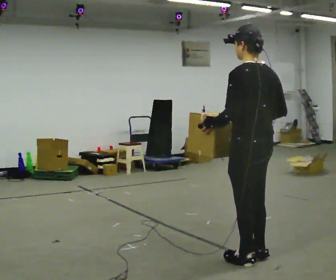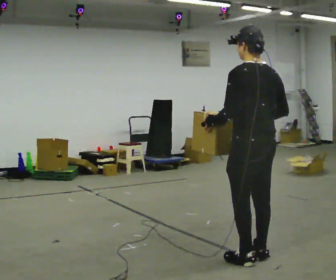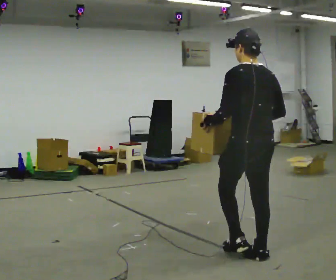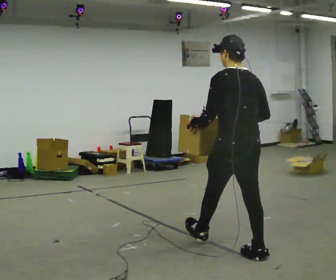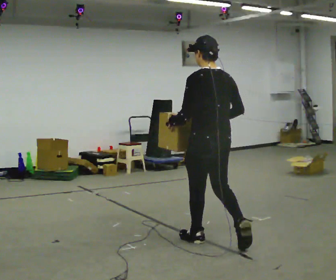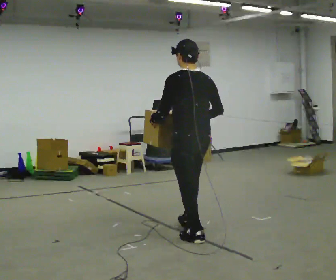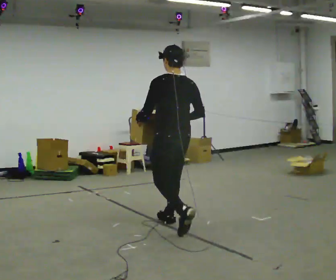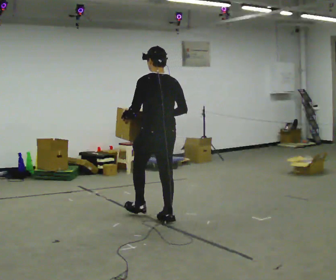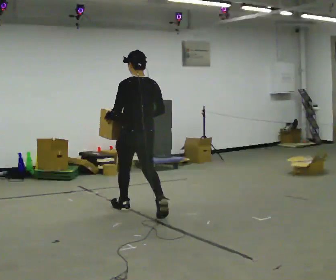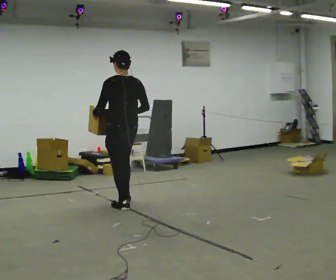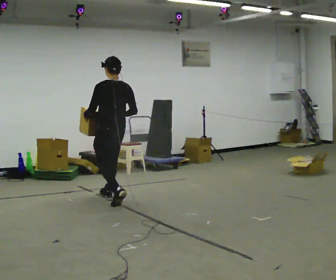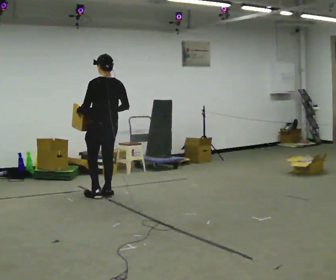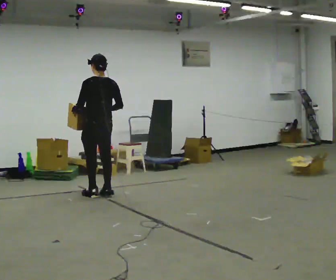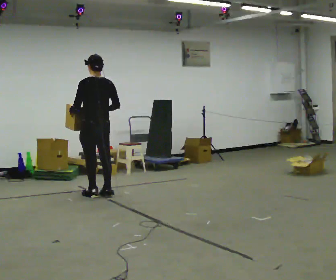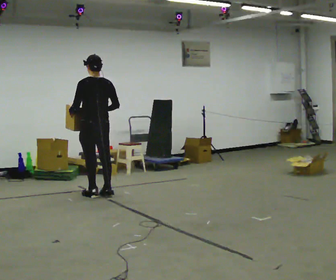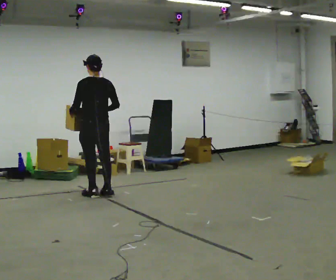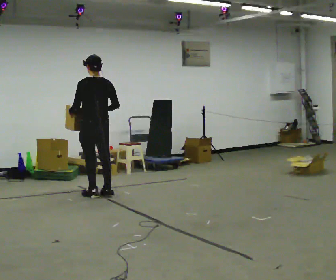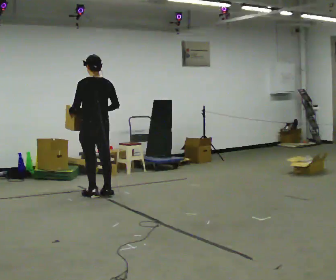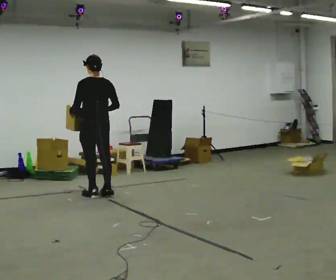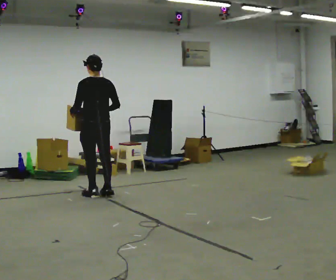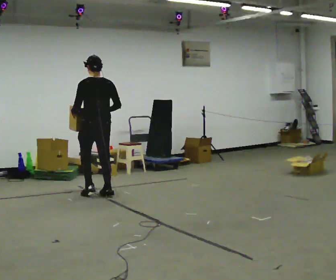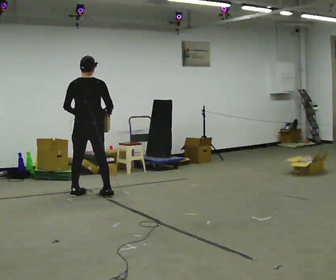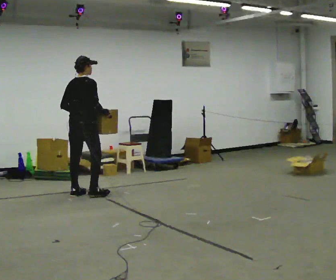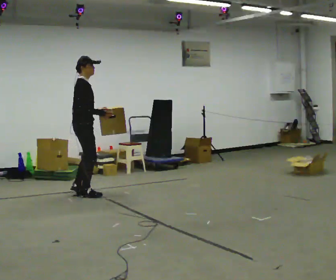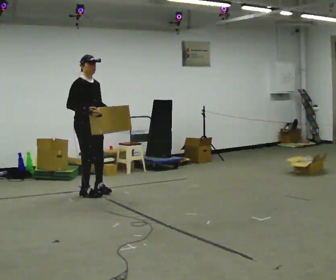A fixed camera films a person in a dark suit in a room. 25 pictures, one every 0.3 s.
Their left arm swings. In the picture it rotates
counterclockwise.
The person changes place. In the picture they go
away from the camera.
0.0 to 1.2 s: In the picture they go away from the camera and to the left, about 0.5 m in 1 step, which for them is forward.
1.2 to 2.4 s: In the picture they go away from the camera and to the left, about 1.5 m in 2 steps, which for them is forward.
2.4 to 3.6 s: In the picture they go away from the camera and to the left, about 1 m in 2 steps, which for them is forward.
3.6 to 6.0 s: The person moves a little, or ends about where they began.
6.0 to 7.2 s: Seen from above the body turns clockwise, about 150 degrees: to their right, with its near side sliding to the left. In the picture their left hand goes to the right, the arm swinging counterclockwise.
The film runs forward here.
